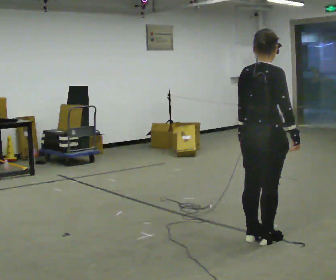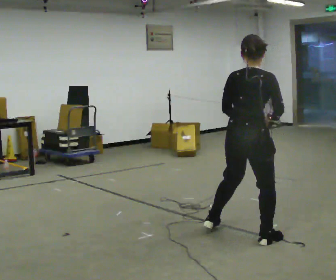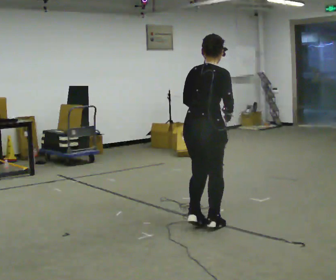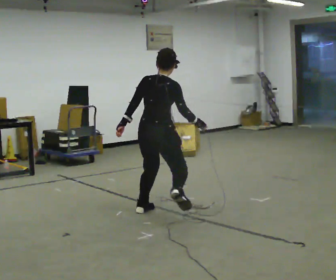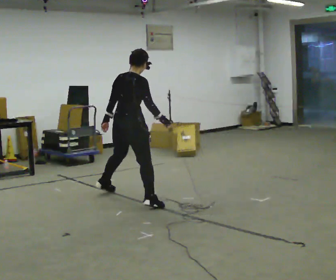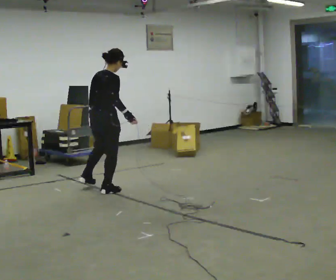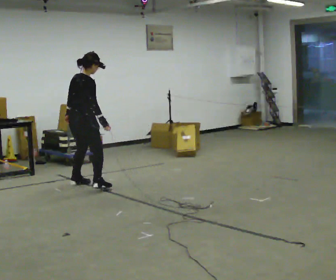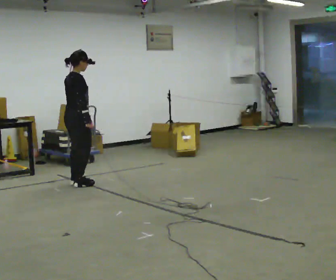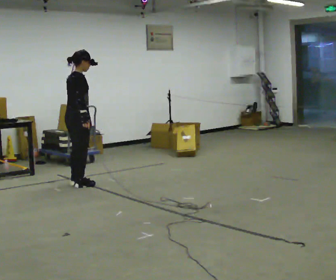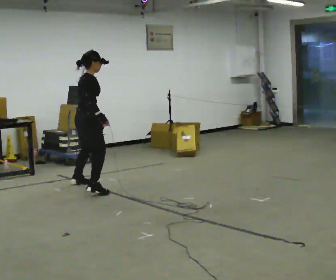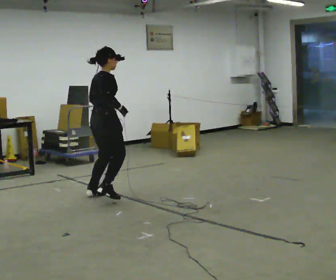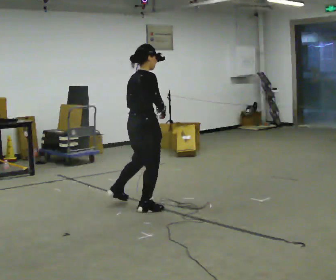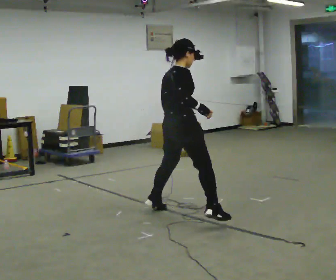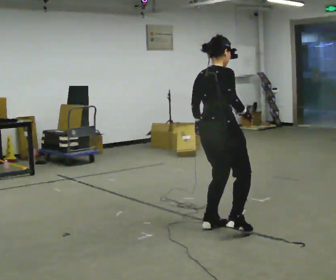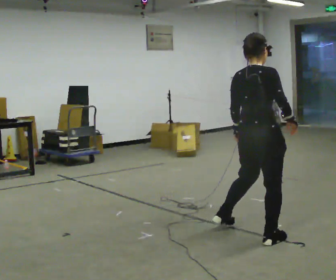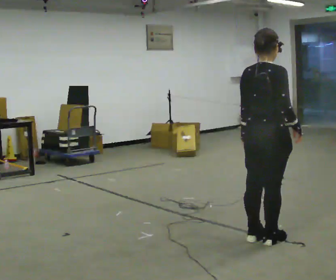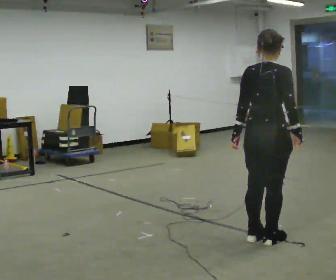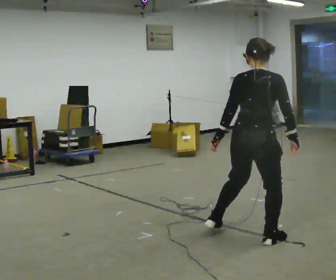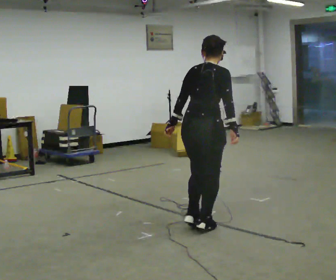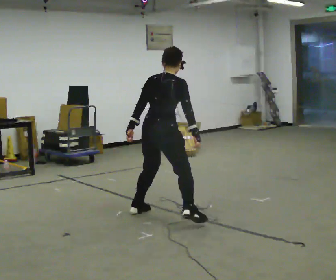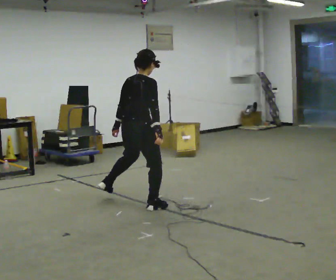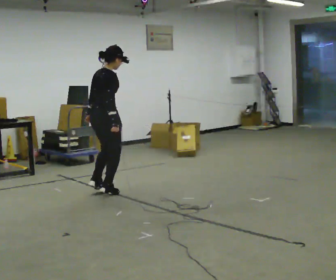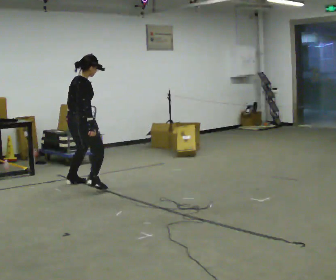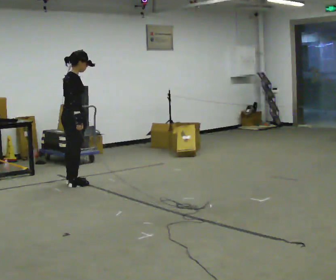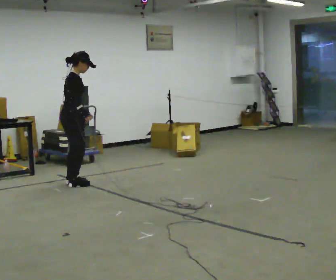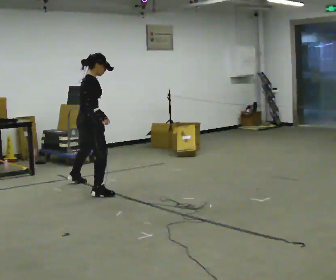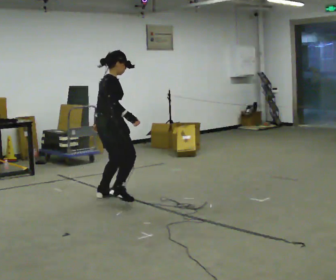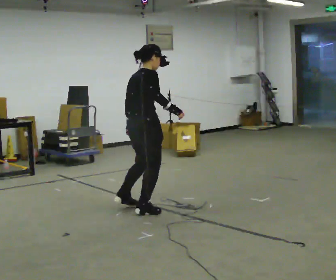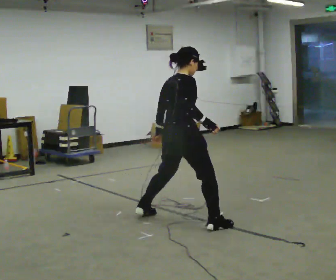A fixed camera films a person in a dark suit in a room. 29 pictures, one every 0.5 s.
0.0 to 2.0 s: In the picture they go to the left and away from the camera, about 1.5 m in 4 steps, which for them is to their left.
2.0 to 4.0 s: In the picture they go to the left and away from the camera, about 1 m in 4 steps, which for them is to their left.
4.0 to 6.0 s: In the picture they go to the right and toward the camera, about 2 m in 4 steps, which for them is to their right.
6.0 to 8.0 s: In the picture they go to the right and toward the camera, about 1 m in 4 steps, which for them is to their right.
8.0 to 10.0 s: In the picture they go to the left and away from the camera, about 1.5 m in 4 steps, which for them is to their left.
10.0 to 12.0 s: Seen from above the body turns clockwise, about 30 degrees: to their right, with its near side sliding to the left. In the picture they go to the left and away from the camera, about 1 m in 4 steps, which for them is to their left.
12.0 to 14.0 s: In the picture they go to the right and toward the camera, about 2 m in 4 steps, which for them is to their right.
The film runs forward here.
